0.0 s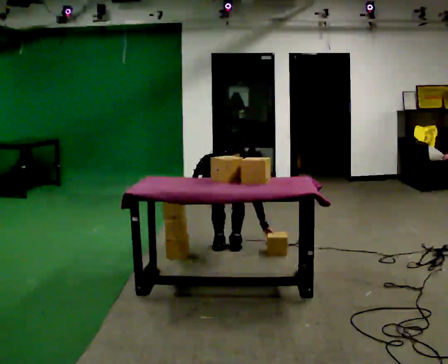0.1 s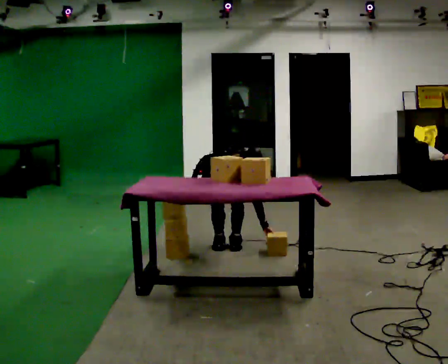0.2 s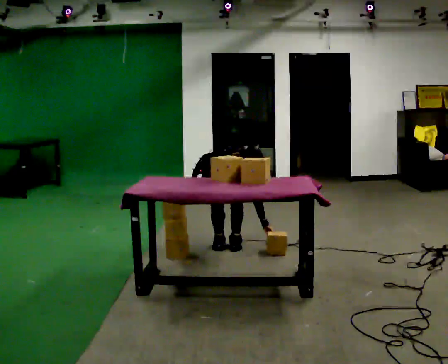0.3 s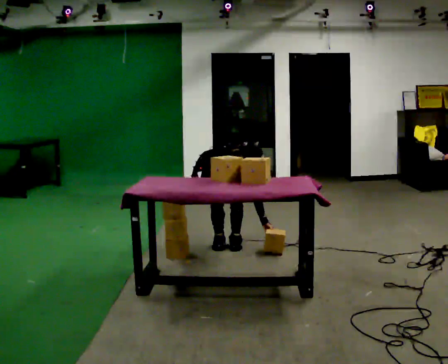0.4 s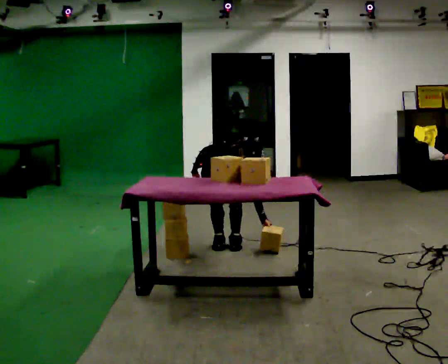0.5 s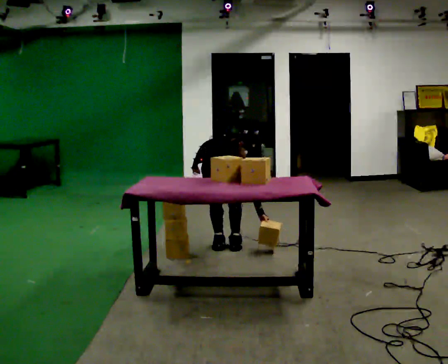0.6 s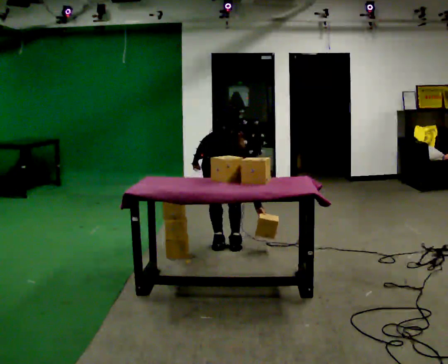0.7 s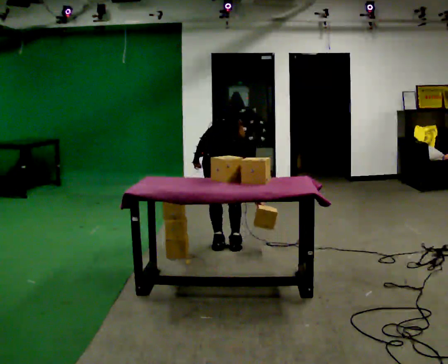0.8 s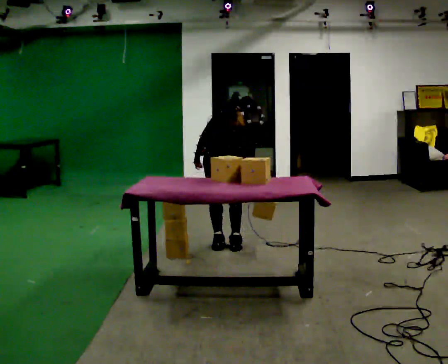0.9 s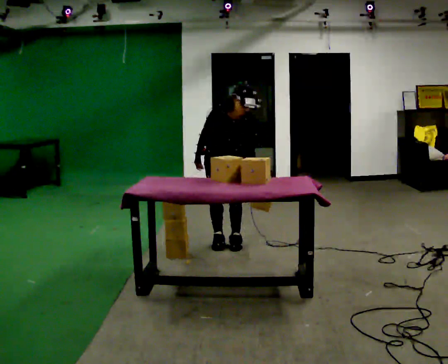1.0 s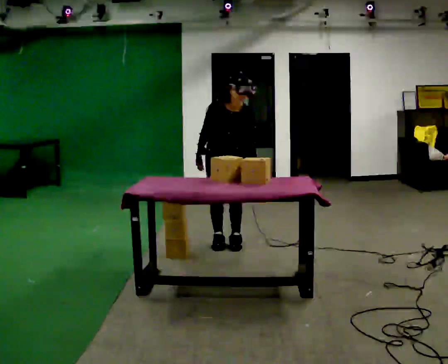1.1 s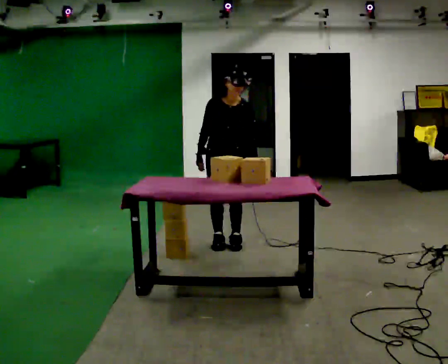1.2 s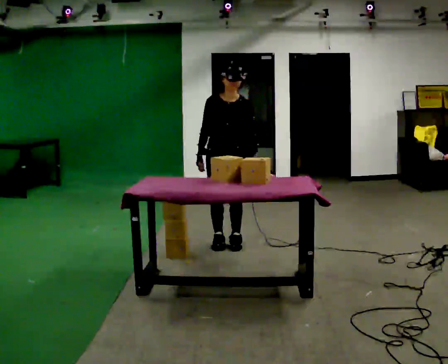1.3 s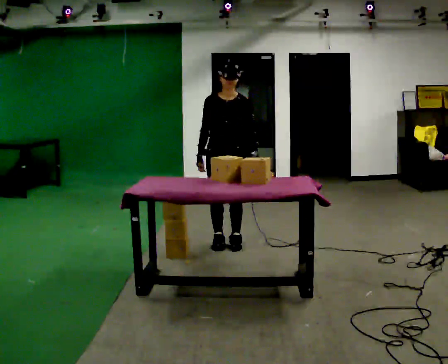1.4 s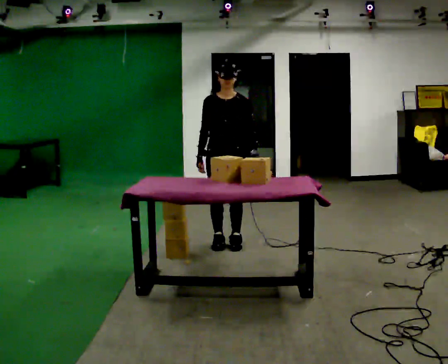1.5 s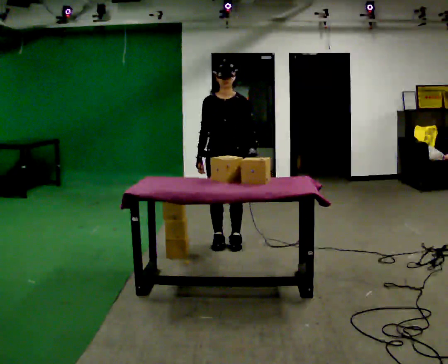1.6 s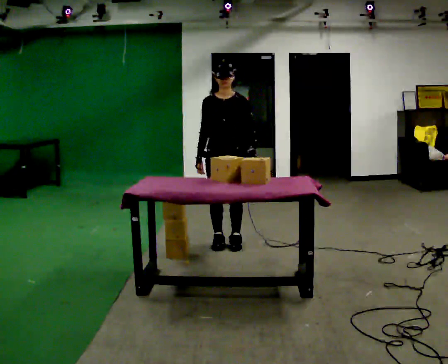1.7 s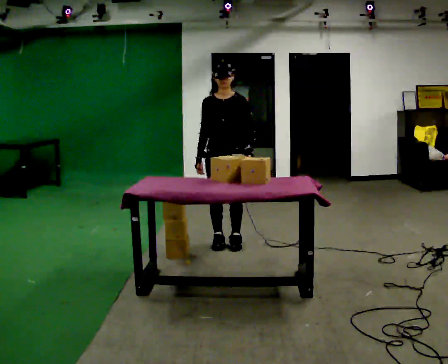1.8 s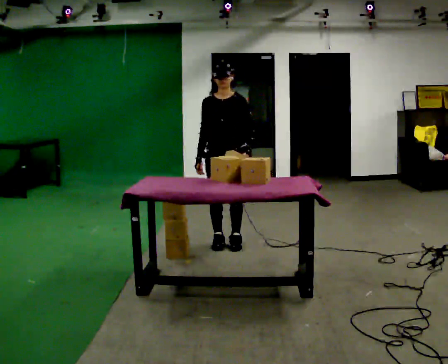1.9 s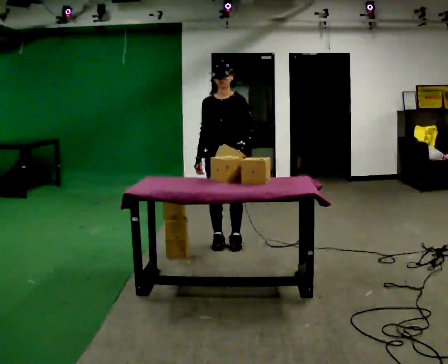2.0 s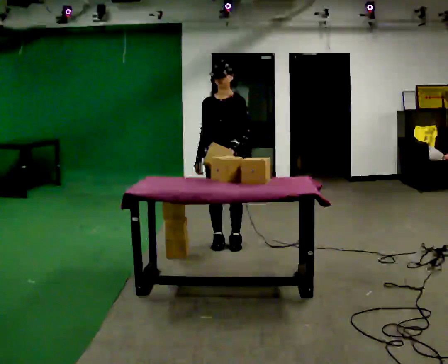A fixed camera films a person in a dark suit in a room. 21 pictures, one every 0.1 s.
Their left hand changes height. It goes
upward.
The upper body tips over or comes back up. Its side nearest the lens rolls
upward.
0.0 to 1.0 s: The shoulders move upward. The upper body tips away from the camera, its near side rolling upward, as they lean back or straighten.
1.0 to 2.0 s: The upper body tips away from the camera, its near side rolling upward, as they lean back or straighten.
The film runs forward here.
